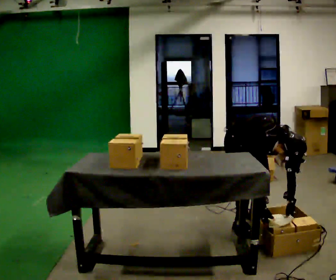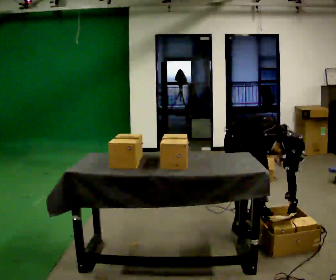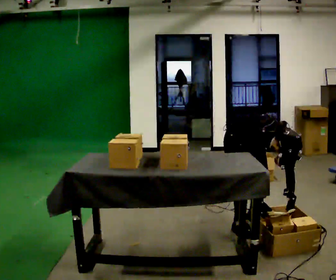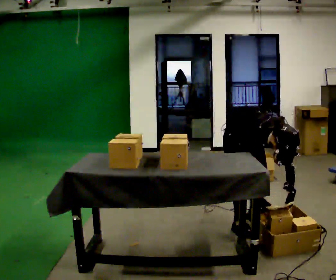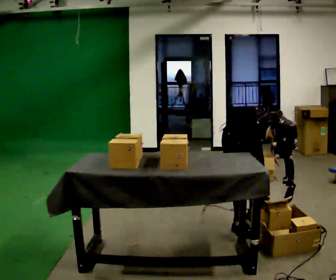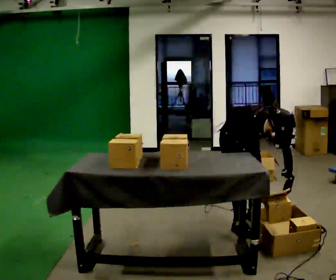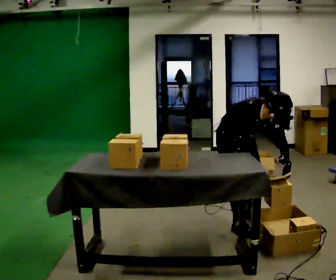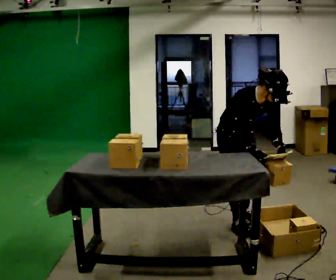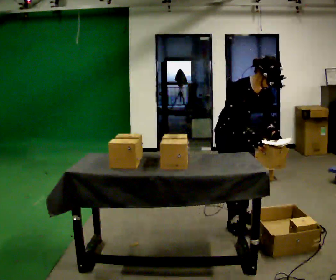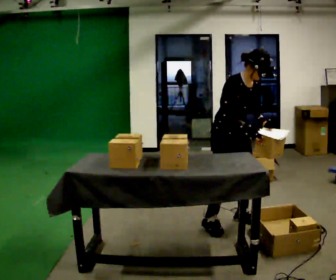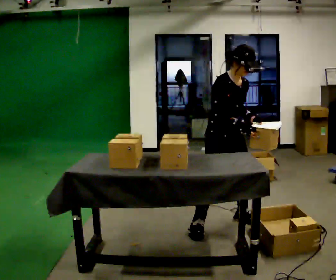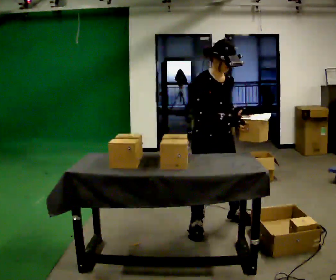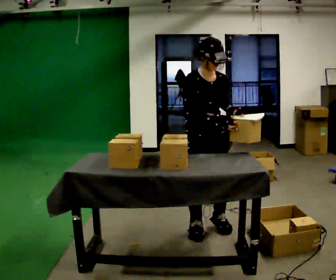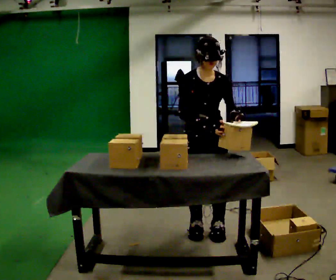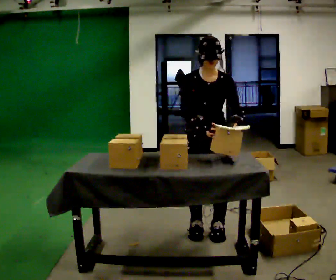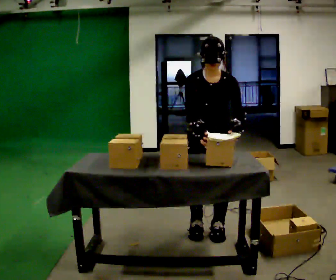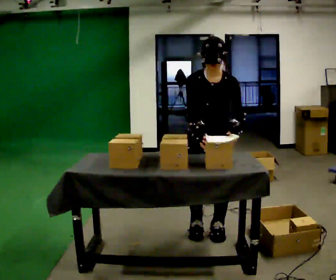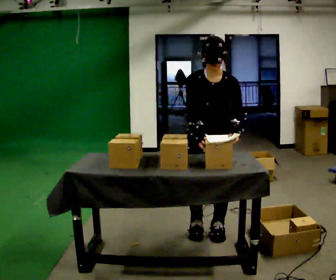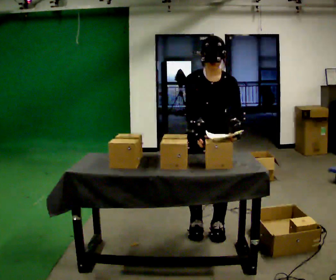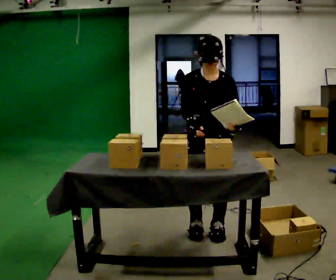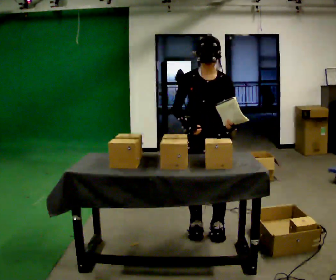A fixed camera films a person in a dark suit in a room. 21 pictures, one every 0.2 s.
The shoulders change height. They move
upward.
Their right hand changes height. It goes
upward.
0.0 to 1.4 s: The shoulders move upward. The upper body tips away from the camera, its near side rolling upward, as they lean back or straighten. In the picture their left hand goes upward.
1.4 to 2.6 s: In the picture they go to the left and toward the camera, about 0.25 m in 2 steps, which for them is to their right. The upper body goes upward. In the picture the upper body tilts counterclockwise, shoulders to the left, as they lean back or straighten.
2.6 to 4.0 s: The person moves a little, or ends about where they began.
The film runs backward here.
